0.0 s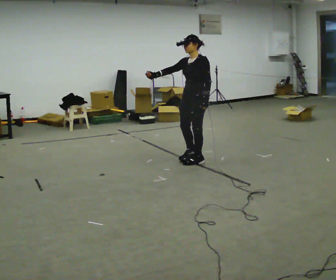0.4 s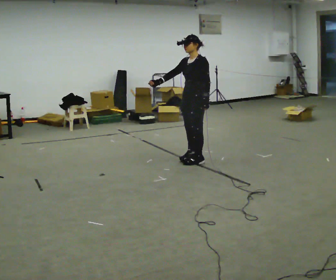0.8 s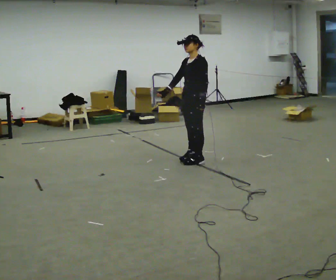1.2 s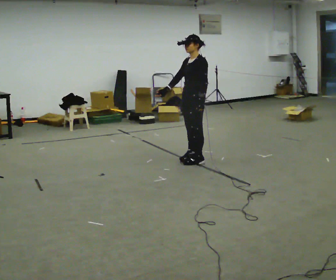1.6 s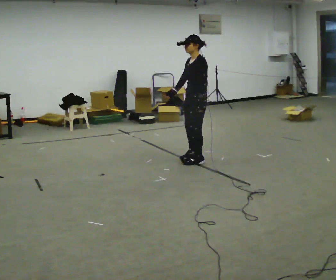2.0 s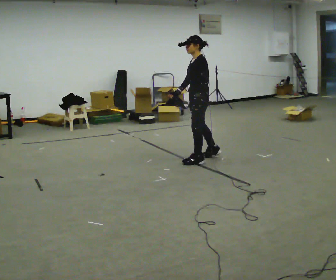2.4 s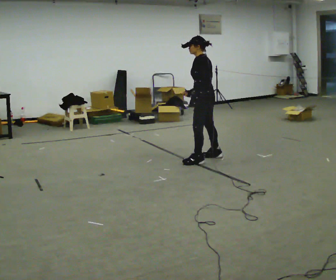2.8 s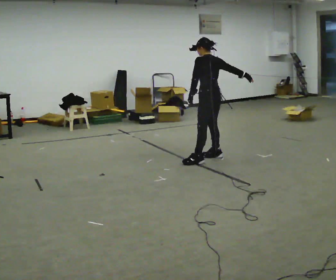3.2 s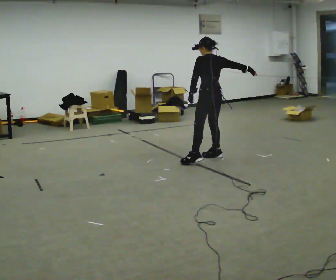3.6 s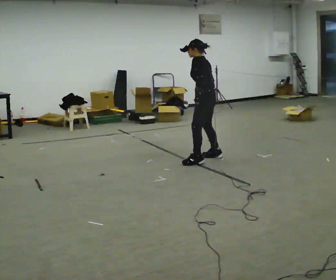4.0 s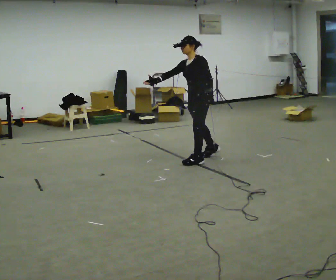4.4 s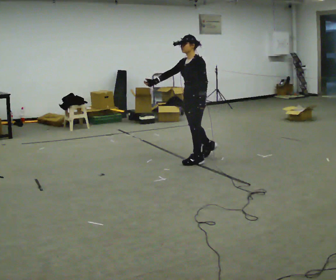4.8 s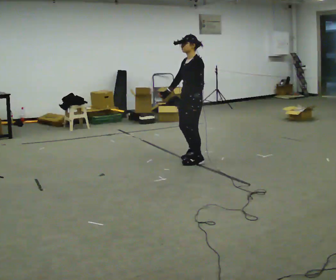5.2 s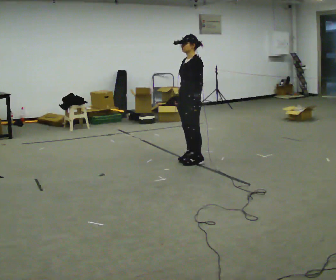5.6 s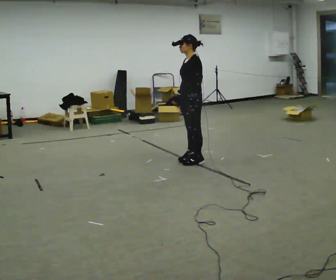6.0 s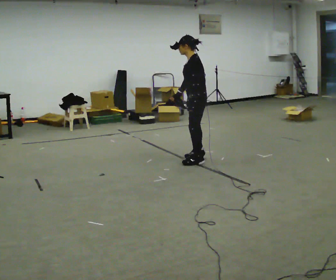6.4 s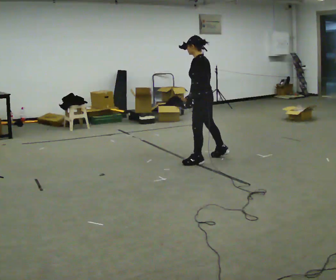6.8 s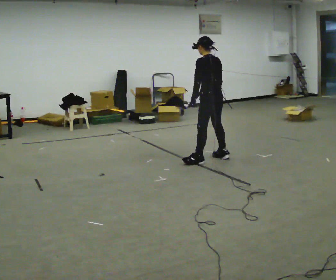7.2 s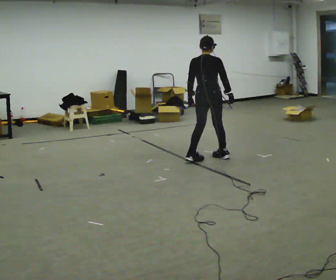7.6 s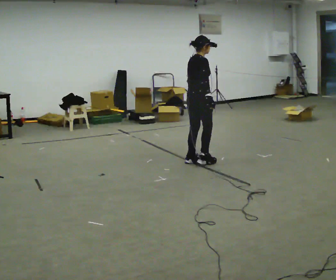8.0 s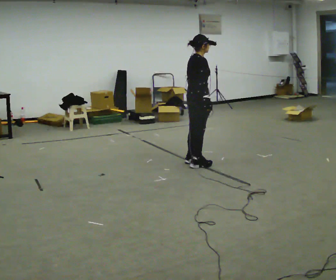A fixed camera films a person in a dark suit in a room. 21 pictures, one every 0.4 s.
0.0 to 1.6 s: The person moves a little, or ends about where they began.
1.6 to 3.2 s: The person turns about 75 degrees to their right, clockwise seen from above, so the part of the body nearest the lens slides to the left. The upper body tips away from the camera, its near side rolling upward. In the picture their right hand goes to the right, the arm swinging counterclockwise.
3.2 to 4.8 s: The part of the body nearest the lens slides to the right as the person turns to their left by about 75 degrees. In the picture they go to the left and toward the camera, about 0.25 m. The upper body tips toward the camera, its near side rolling downward. In the picture their right hand goes downward.
4.8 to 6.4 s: The part of the body nearest the lens slides to the left as the person turns to their right by about 45 degrees.
6.4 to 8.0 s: The person turns about 135 degrees to their right, clockwise seen from above, so the part of the body nearest the lens slides to the left. In the picture the upper body tilts clockwise, shoulders to the right.
The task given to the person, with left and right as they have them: Mime a bowling delivery with no ball: approach in place, swing down and release. Repeat the movement at your own pace until the operator says stop; do not rush.
The film runs forward here.
